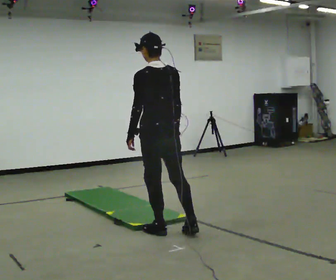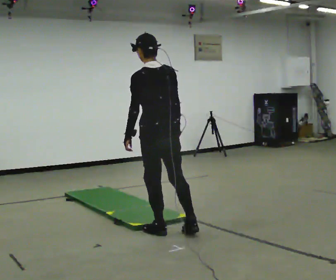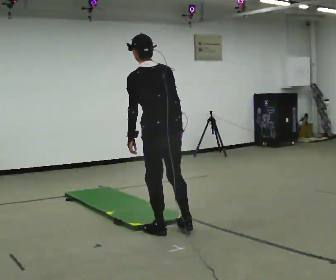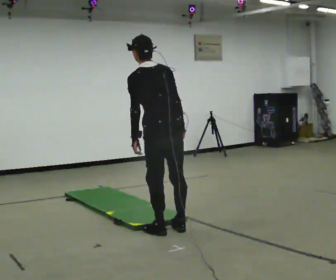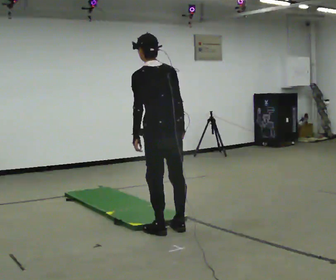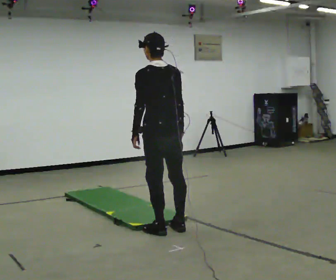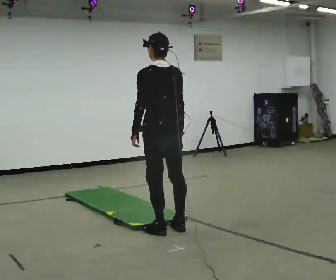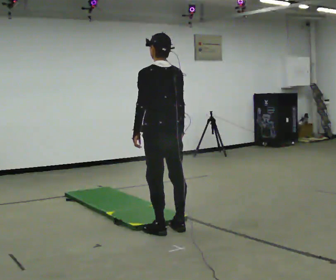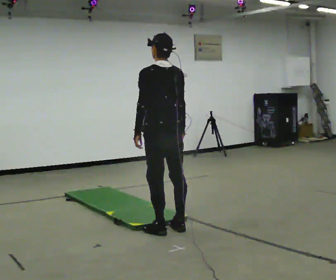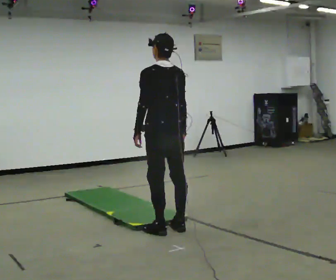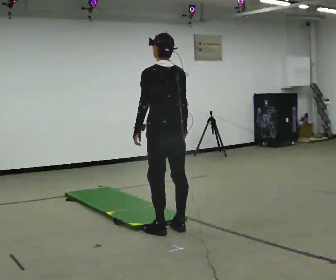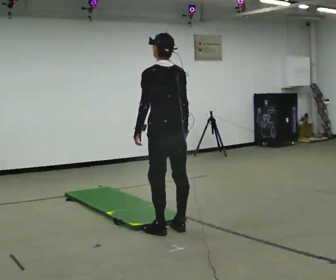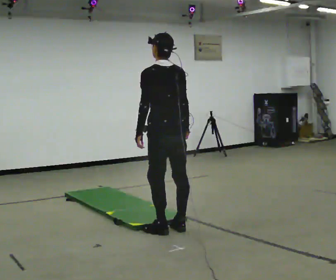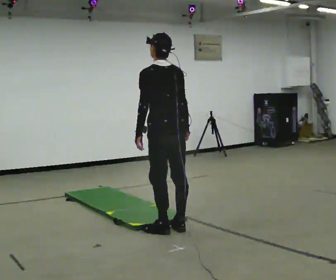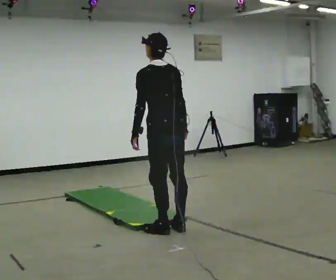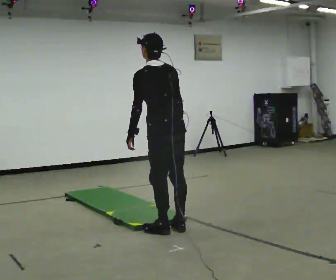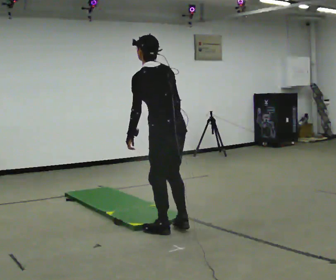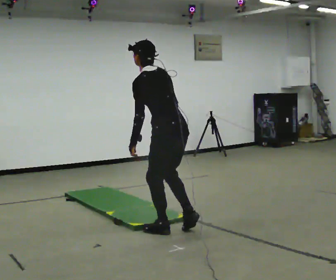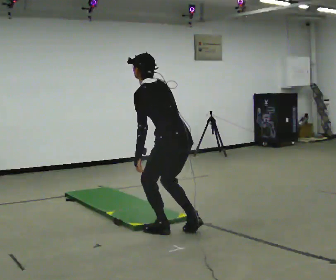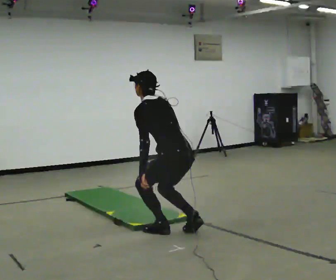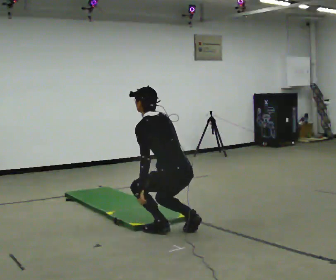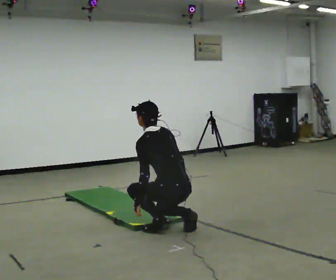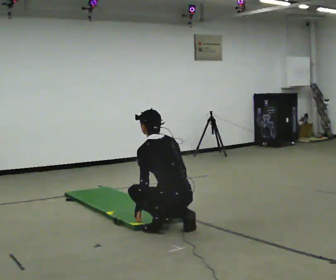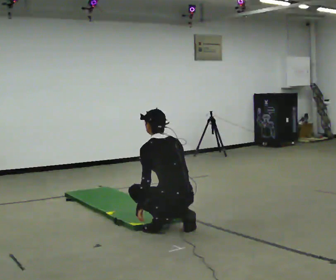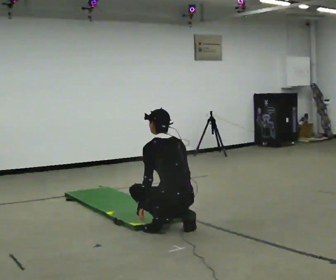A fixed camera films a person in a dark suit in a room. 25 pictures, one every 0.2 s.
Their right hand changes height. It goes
downward.
Their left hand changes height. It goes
downward.
0.0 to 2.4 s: The person moves a little, or ends about where they began.
2.4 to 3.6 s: In the picture the upper body tilts counterclockwise, shoulders to the left, as they bend forward.
3.6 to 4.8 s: The upper body goes downward. In the picture their right hand goes downward.
The film runs backward here.
